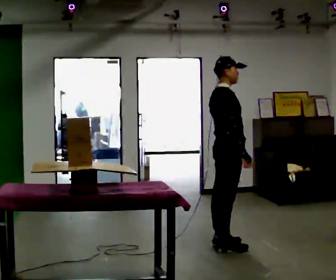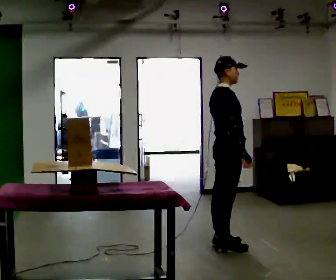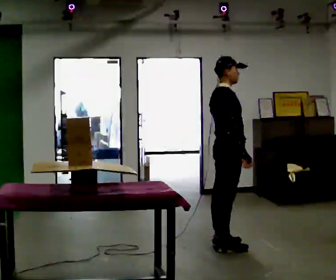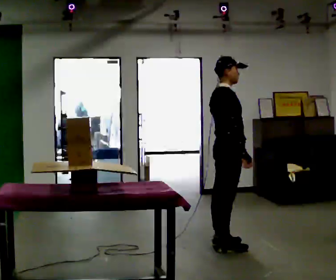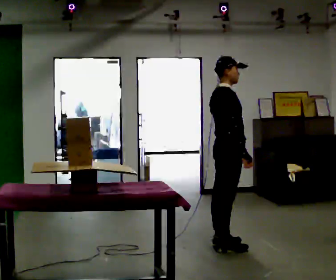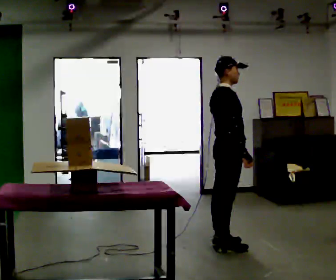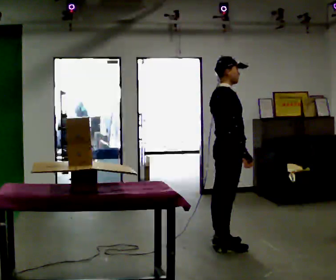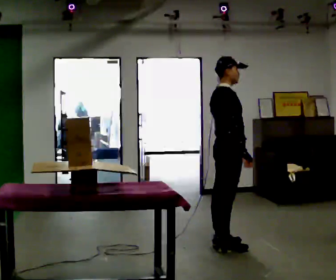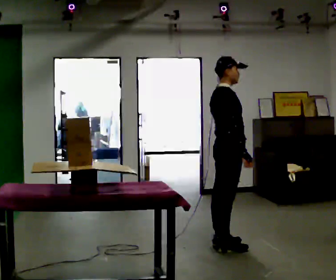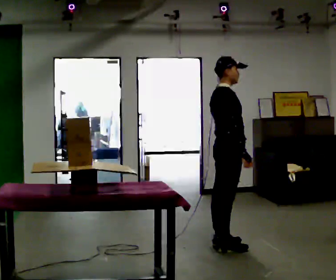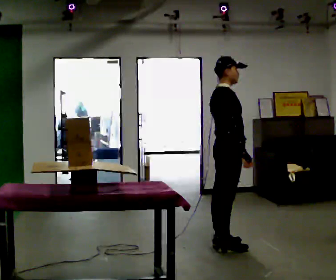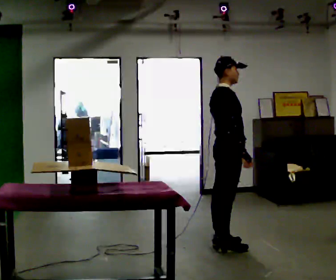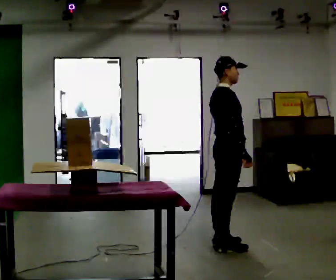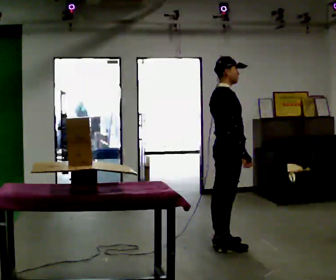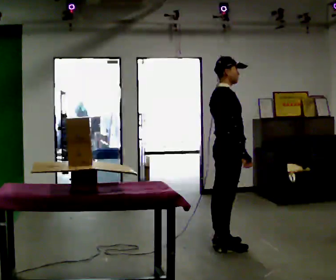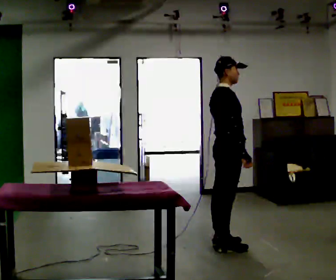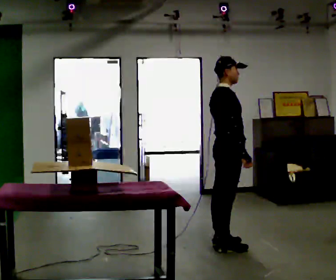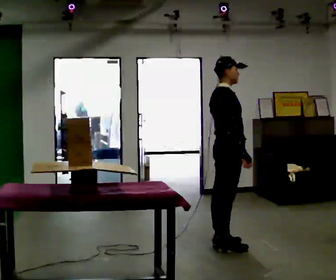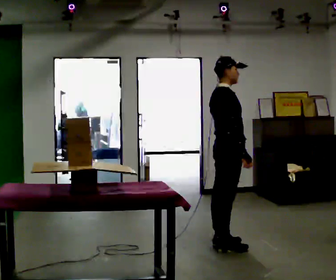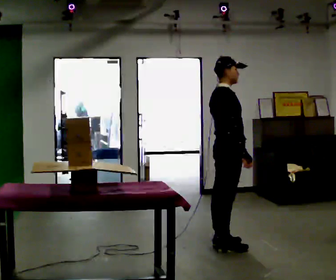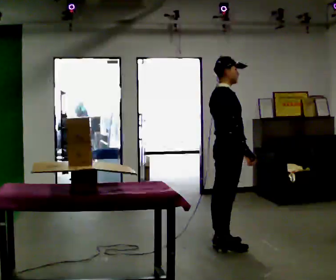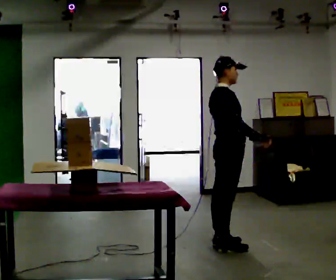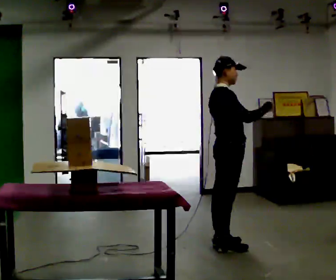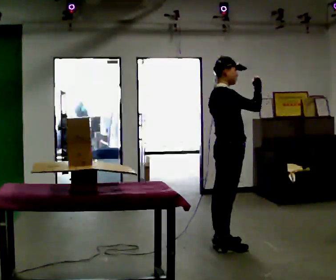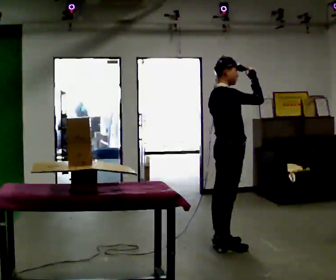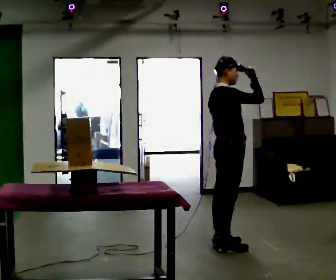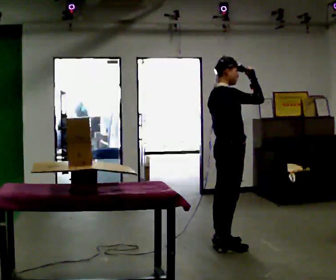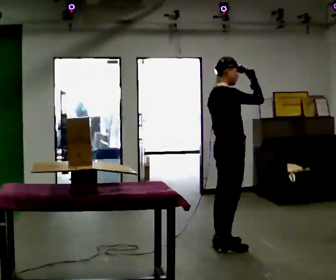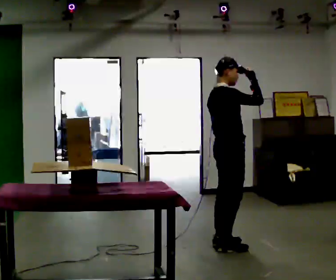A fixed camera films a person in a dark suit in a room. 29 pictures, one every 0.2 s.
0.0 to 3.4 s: The person keeps their place and pose.
3.4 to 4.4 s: In the picture their right hand goes upward, the arm swinging counterclockwise.
4.4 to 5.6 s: The person moves a little, or ends about where they began.
The film runs forward here.
